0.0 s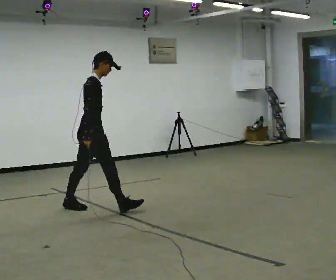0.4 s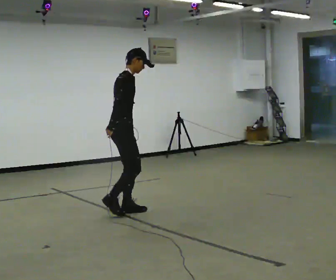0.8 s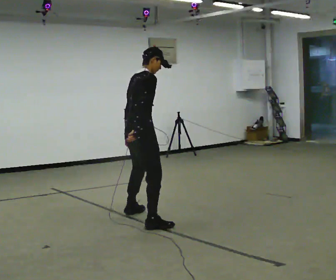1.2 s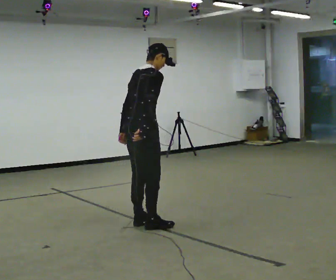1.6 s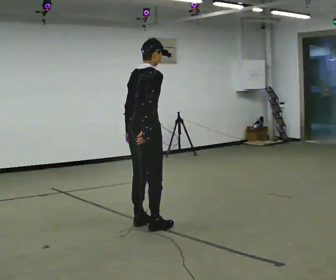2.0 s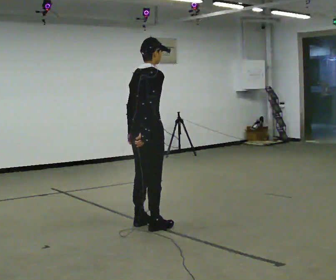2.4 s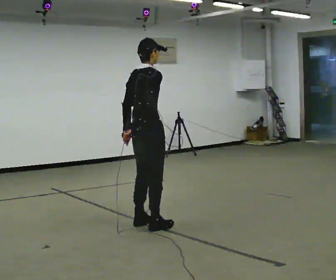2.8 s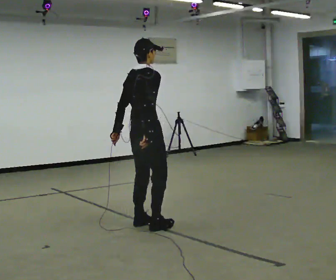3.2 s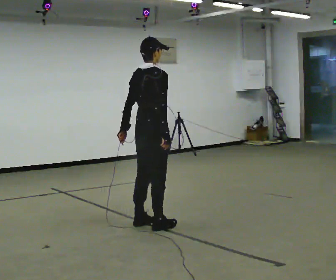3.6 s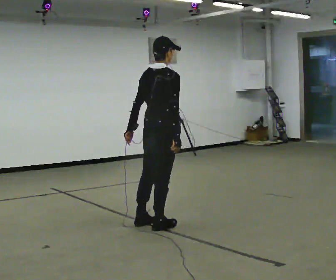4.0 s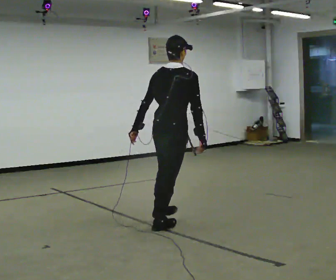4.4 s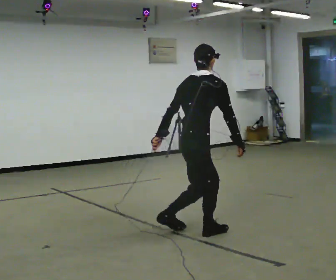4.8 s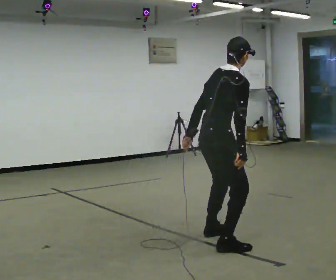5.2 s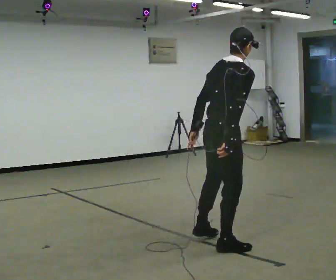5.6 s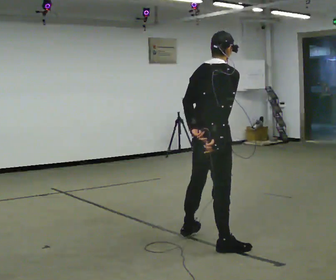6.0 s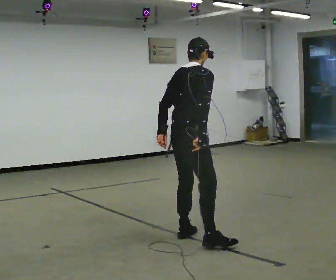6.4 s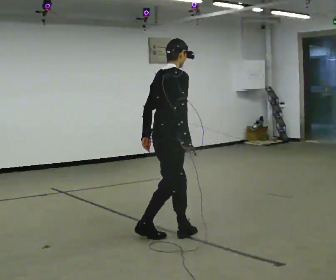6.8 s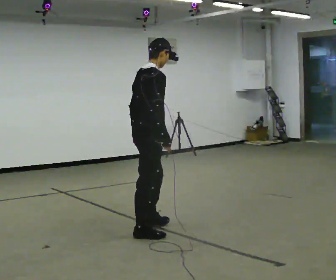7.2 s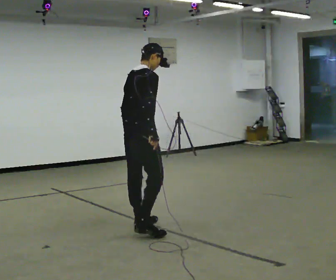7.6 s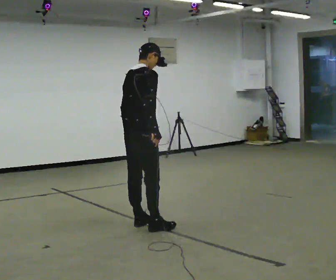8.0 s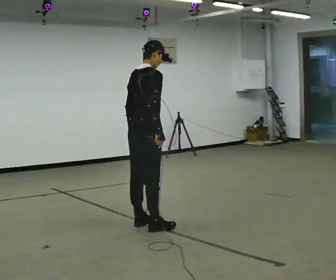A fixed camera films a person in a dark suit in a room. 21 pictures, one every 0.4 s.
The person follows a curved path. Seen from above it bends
clockwise.
0.0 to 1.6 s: The part of the body nearest the lens slides to the right as the person turns to their left by about 45 degrees. In the picture they go toward the camera and to the right, about 1 m in 3 steps, which for them is to their right.
1.6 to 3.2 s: The person moves a little, or ends about where they began.
3.2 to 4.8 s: In the picture they go toward the camera and to the right, about 1 m in 2 steps, which for them is to their right. In the picture the upper body tilts clockwise, shoulders to the right, as they bend forward.
4.8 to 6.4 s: In the picture they go to the left and away from the camera, about 0.5 m in 2 steps, which for them is to their left.
6.4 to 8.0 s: In the picture they go away from the camera and to the left, about 0.25 m in 2 steps, which for them is to their left.
The film runs forward here.
